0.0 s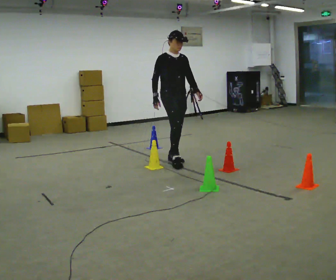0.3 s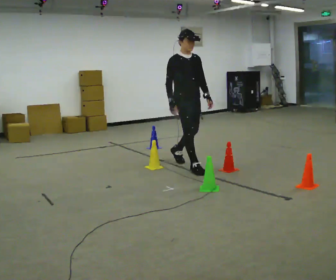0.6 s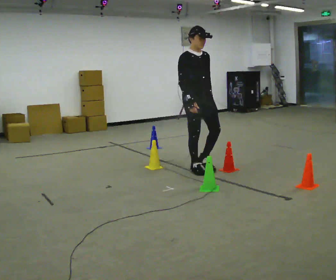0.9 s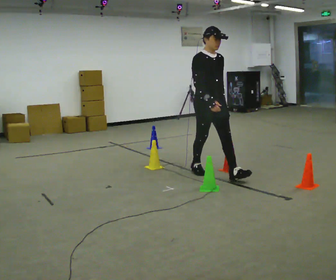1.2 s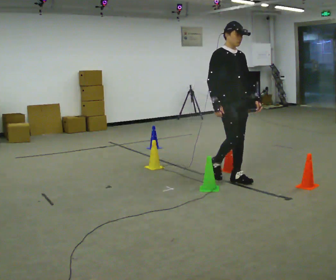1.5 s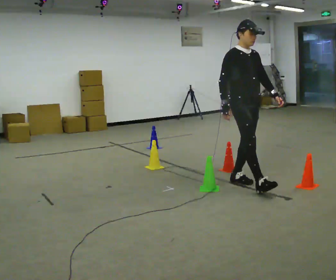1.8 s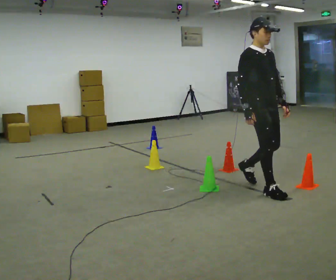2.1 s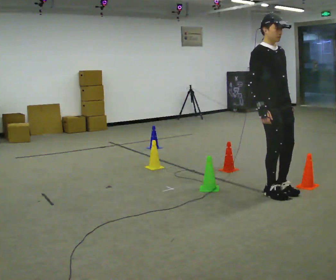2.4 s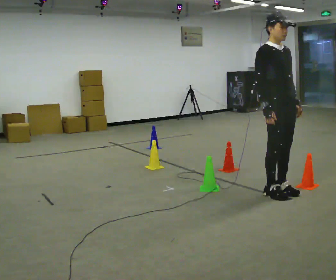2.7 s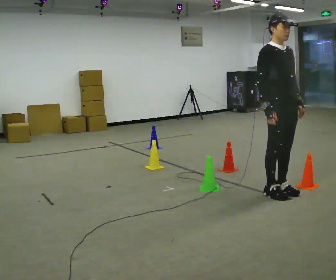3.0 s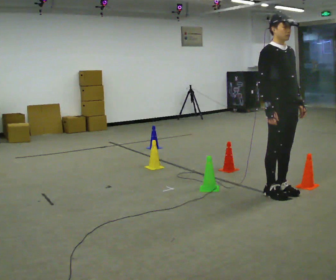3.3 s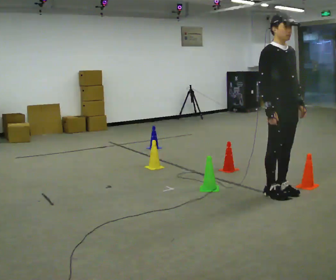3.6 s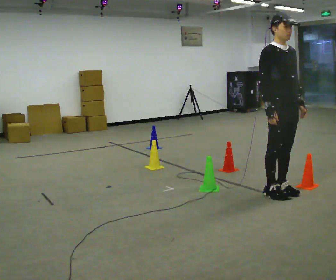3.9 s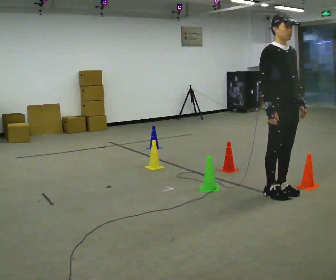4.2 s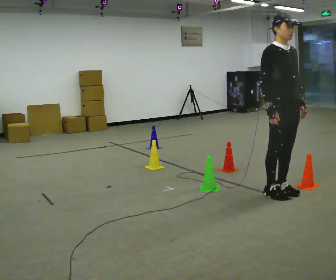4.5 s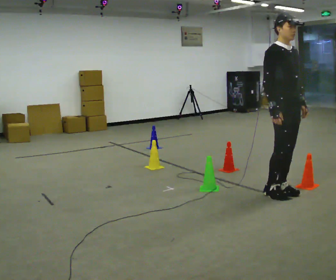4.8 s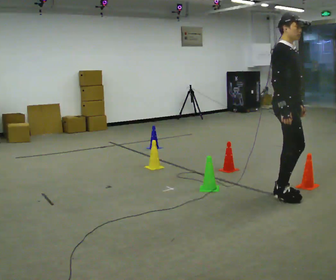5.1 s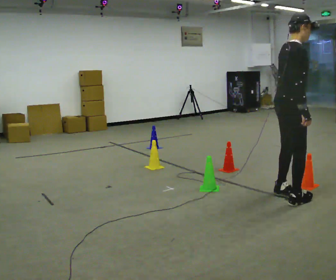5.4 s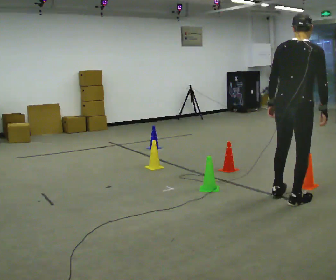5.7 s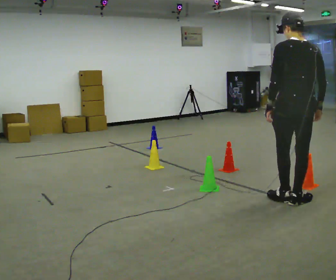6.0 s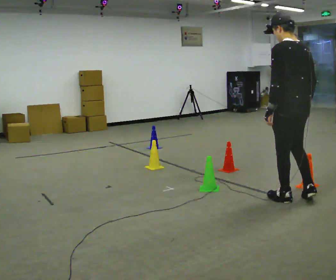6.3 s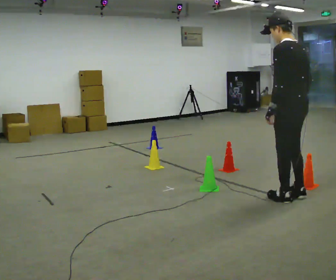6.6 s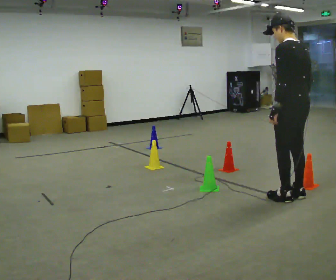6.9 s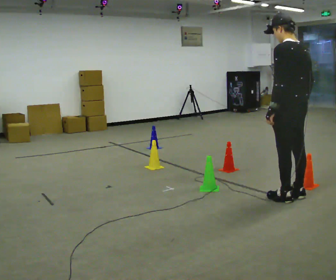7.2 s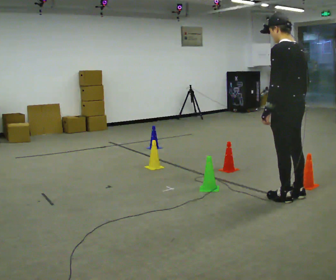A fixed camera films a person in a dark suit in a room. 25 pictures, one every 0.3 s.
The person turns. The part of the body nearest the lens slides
to the right.
The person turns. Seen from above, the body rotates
counterclockwise.
0.0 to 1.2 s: In the picture they go to the right and toward the camera, about 1 m in 2 steps, which for them is forward.
1.2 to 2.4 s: In the picture they go to the right and toward the camera, about 0.75 m in 2 steps, which for them is forward.
2.4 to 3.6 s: The person moves a little, or ends about where they began.
3.6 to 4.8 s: The part of the body nearest the lens slides to the right as the person turns to their left by about 30 degrees.
4.8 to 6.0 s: Seen from above the body turns counterclockwise, about 150 degrees: to their left, with its near side sliding to the right. In the picture they go toward the camera, about 0.25 m in 2 steps. In the picture their left hand goes to the left.
6.0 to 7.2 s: The person moves a little, or ends about where they began.
The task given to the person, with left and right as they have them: Walk through passage without touching sides; continue normally after exit.
The film runs forward here.
